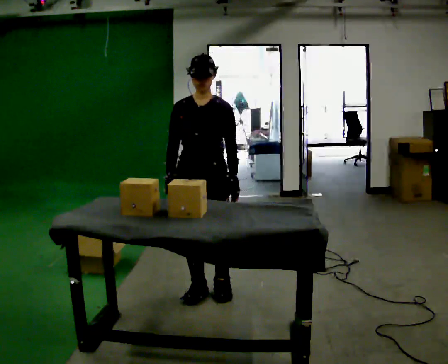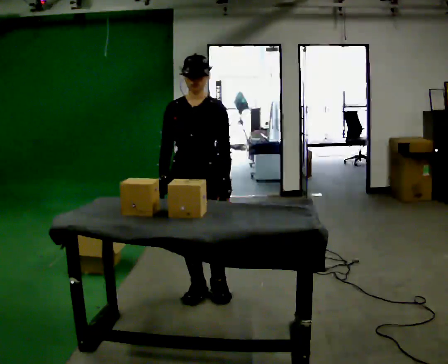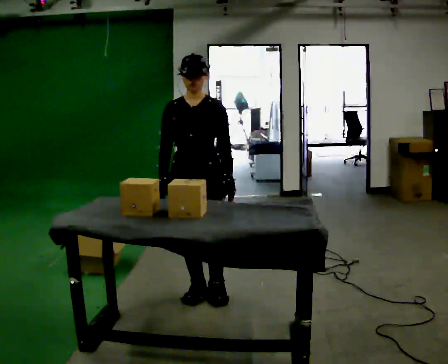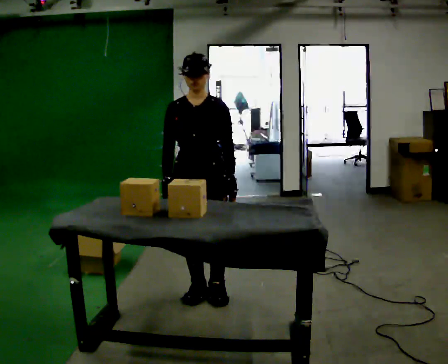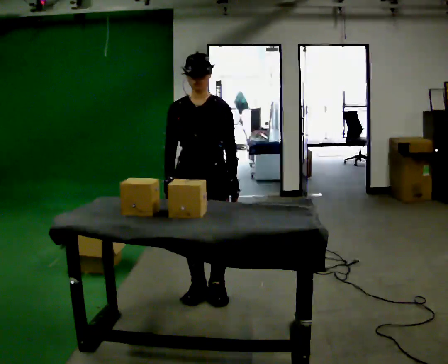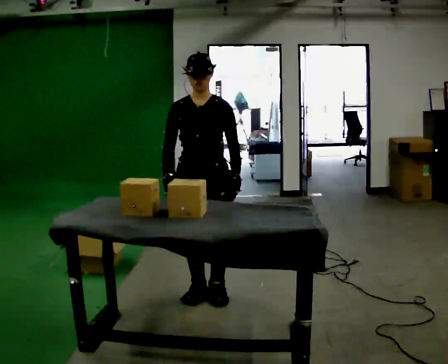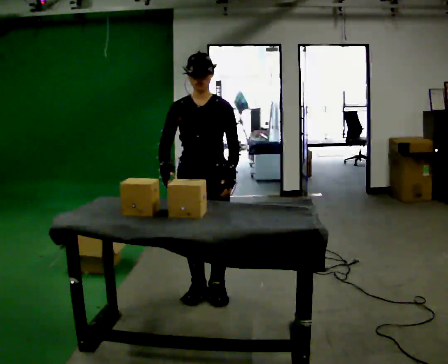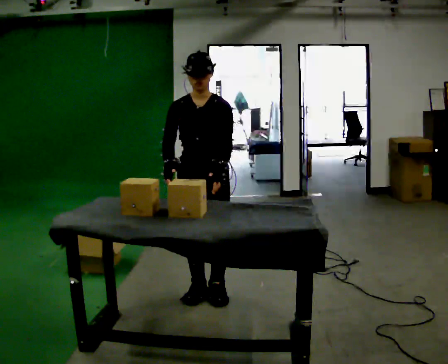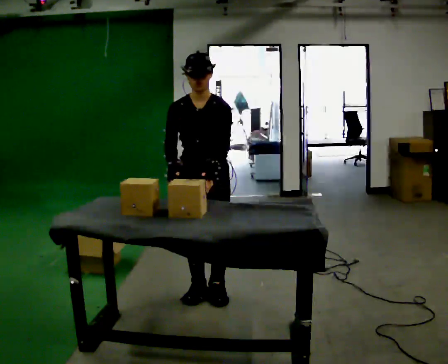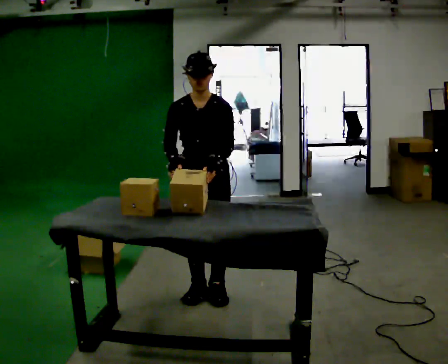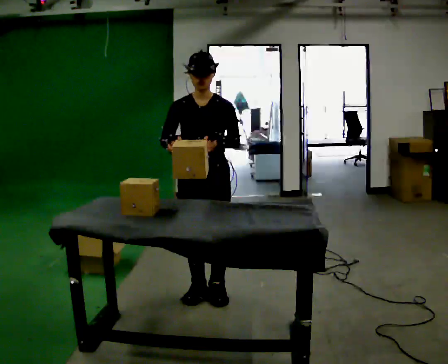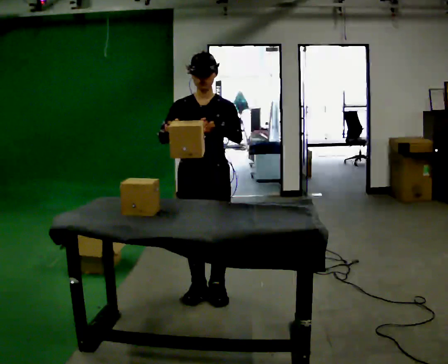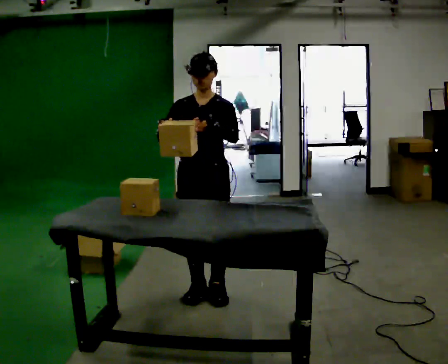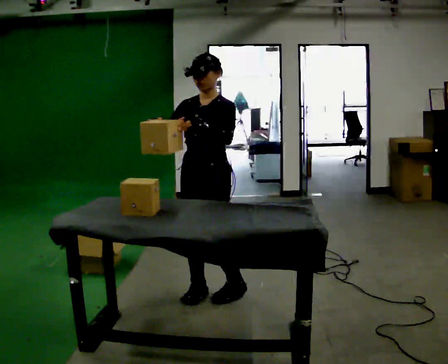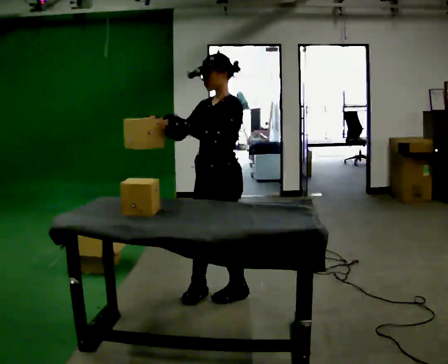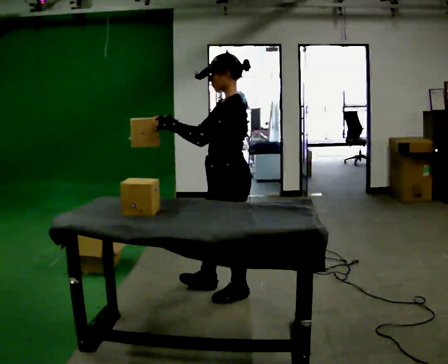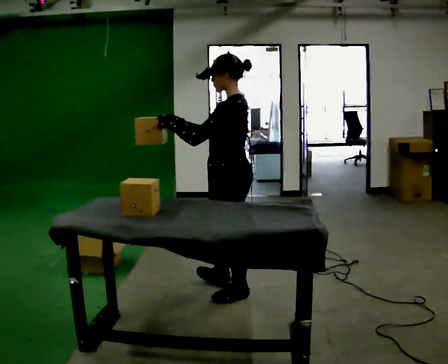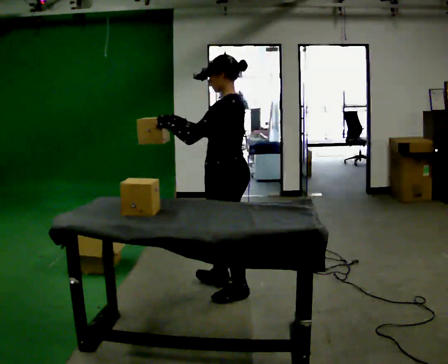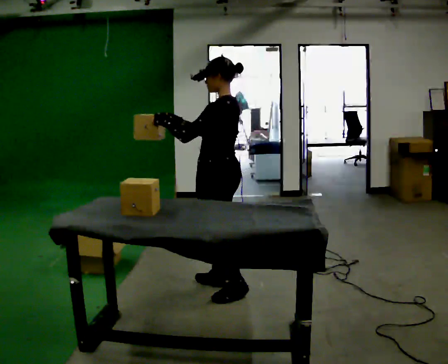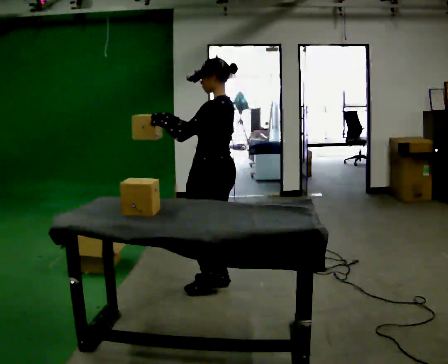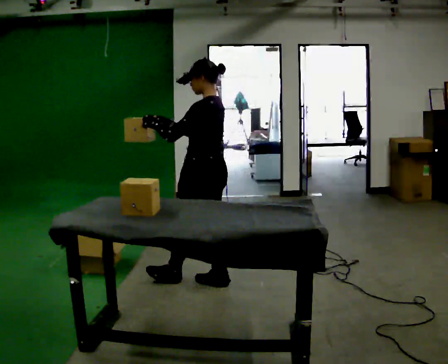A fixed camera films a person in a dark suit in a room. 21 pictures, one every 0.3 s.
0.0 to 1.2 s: The person moves a little, or ends about where they began.
1.2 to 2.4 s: The upper body tips toward the camera, its near side rolling downward, as they bend forward.
2.4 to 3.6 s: The upper body tips away from the camera, its near side rolling upward, as they lean back or straighten.
3.6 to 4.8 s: The part of the body nearest the lens slides to the left as the person turns to their right by about 90 degrees. In the picture they go to the right, about 0.25 m in 2 steps.
4.8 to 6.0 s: In the picture they go away from the camera and to the left, about 0.25 m in 1 step, which for them is forward and to their right.
The film runs forward here.
